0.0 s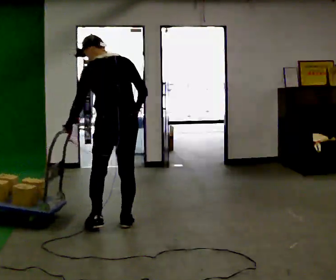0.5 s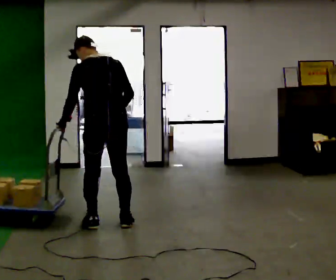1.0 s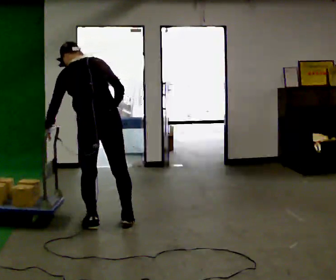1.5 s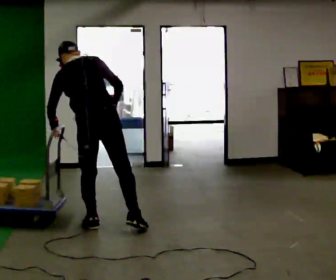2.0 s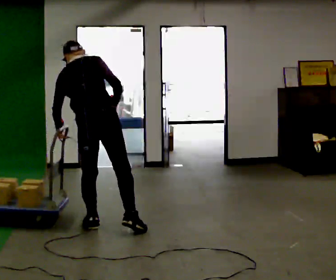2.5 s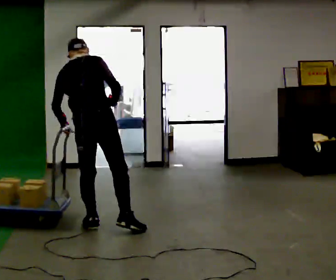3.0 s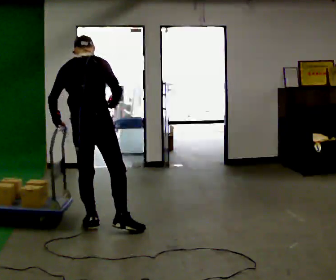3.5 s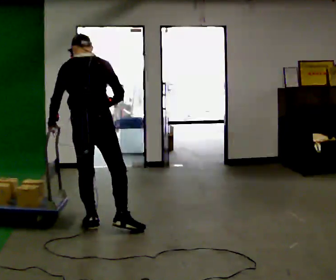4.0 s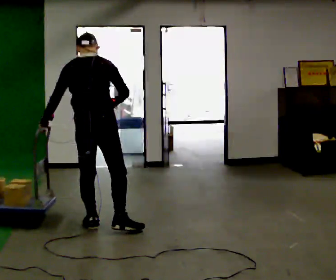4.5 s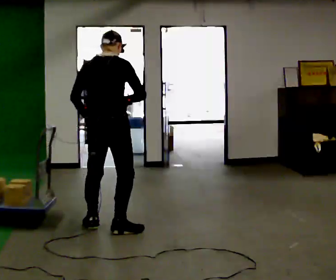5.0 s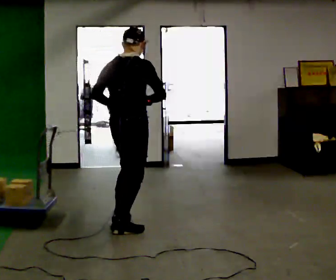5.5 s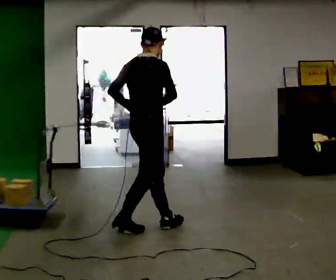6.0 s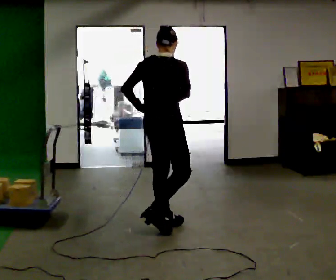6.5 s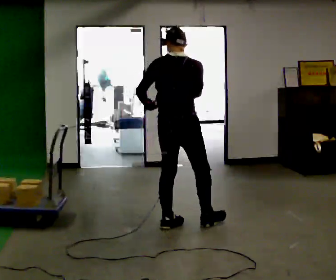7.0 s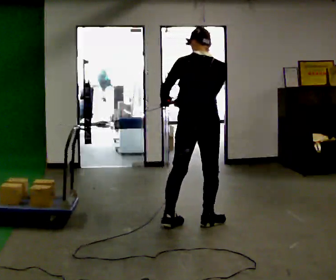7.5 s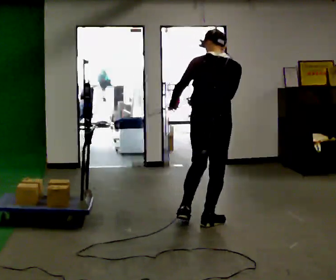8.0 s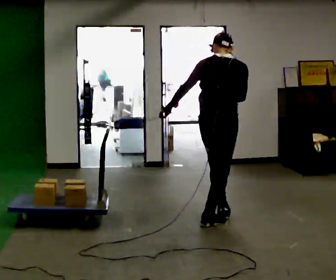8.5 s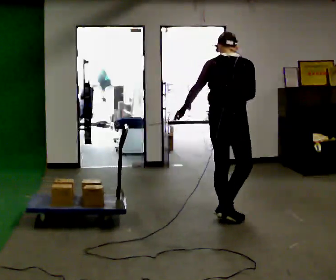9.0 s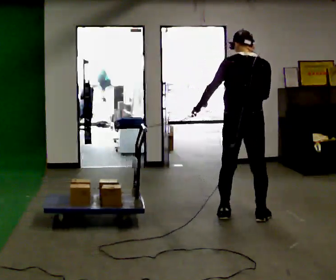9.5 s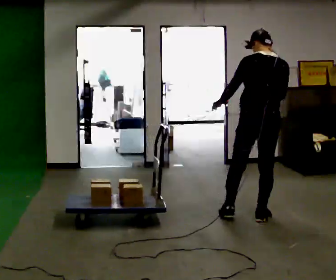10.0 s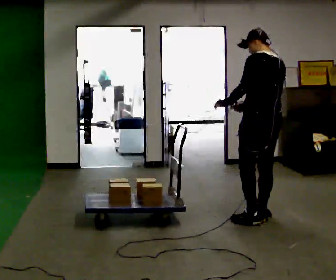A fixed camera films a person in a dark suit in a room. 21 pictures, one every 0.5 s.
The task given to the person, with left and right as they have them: Hold the rope in both hands and drag the sled towards you as you walk backward. The operator will confirm the space behind you is clear.
0.0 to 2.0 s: Seen from above the body turns clockwise, about 30 degrees: to their right, with its near side sliding to the left. In the picture they go to the left, about 0.25 m in 2 steps, which for them is to their left.
2.0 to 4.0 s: The upper body tips toward the camera, its near side rolling downward.
4.0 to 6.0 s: The part of the body nearest the lens slides to the left as the person turns to their right by about 30 degrees. In the picture they go to the right, about 0.5 m in 1 step, which for them is forward and to their right.
6.0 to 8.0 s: In the picture they go to the right, about 0.5 m in 2 steps, which for them is to their right and forward.
8.0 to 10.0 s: The part of the body nearest the lens slides to the right as the person turns to their left by about 60 degrees. In the picture they go to the right, about 0.5 m in 2 steps, which for them is to their right and forward.
The film runs forward here.
